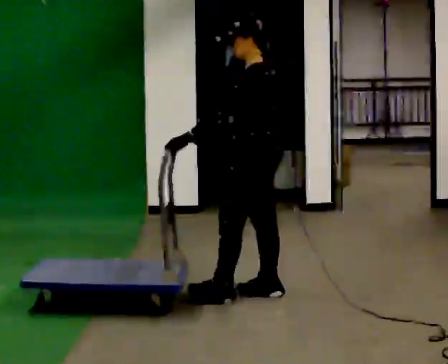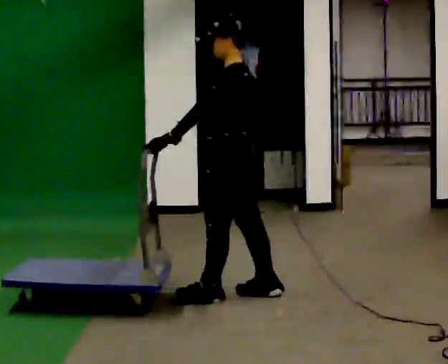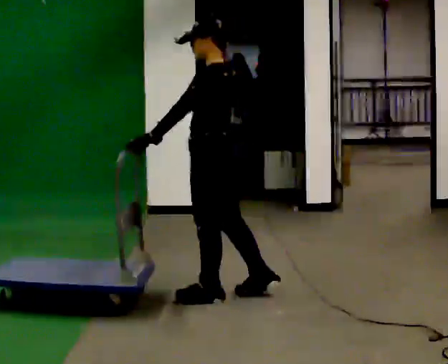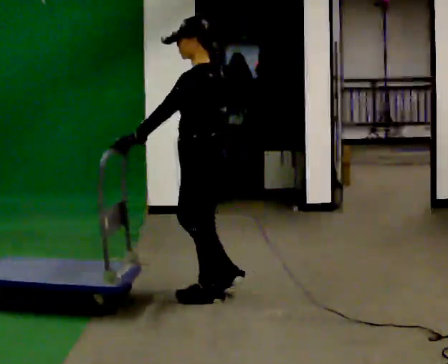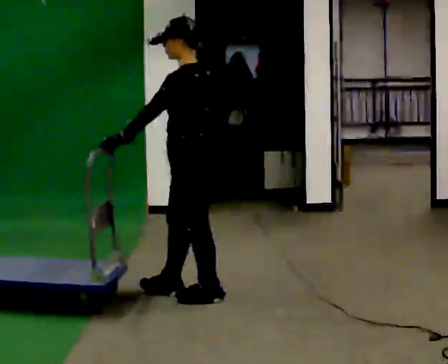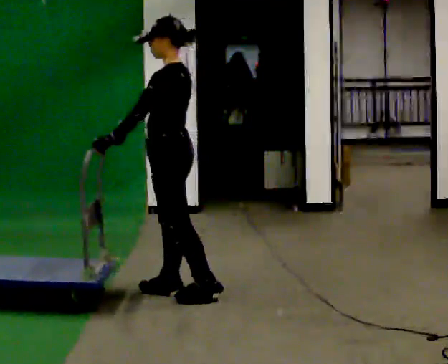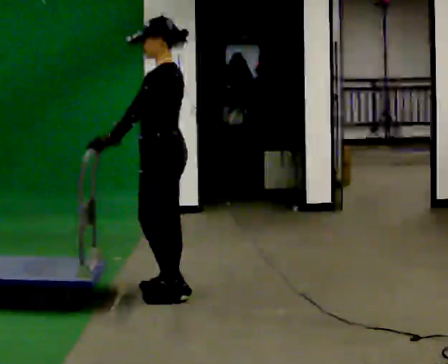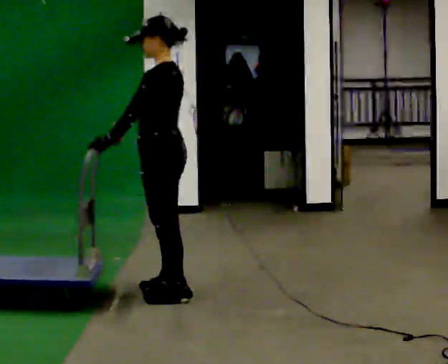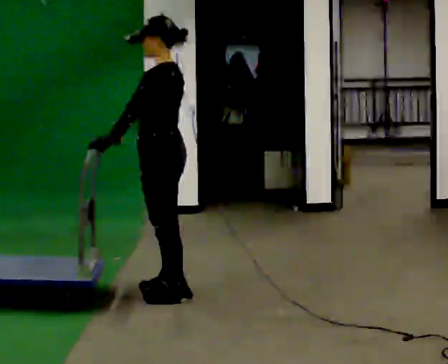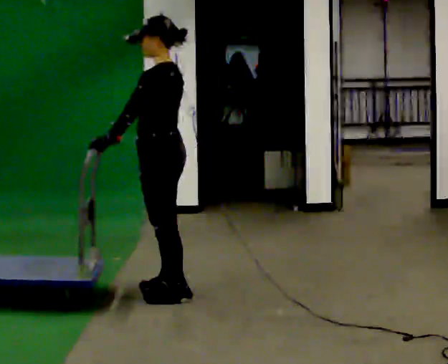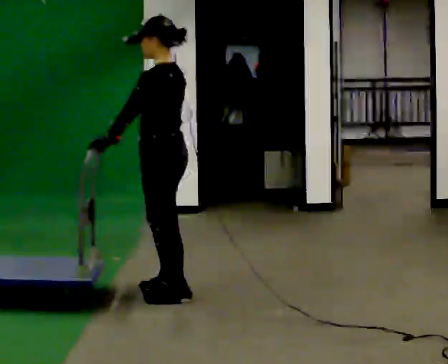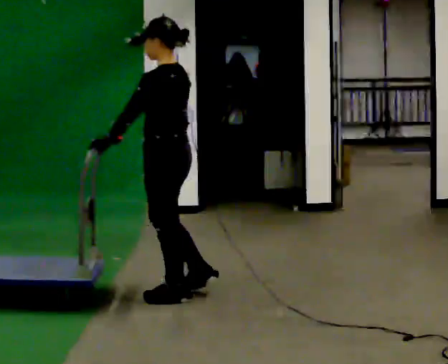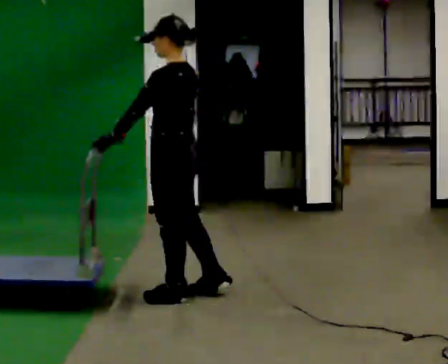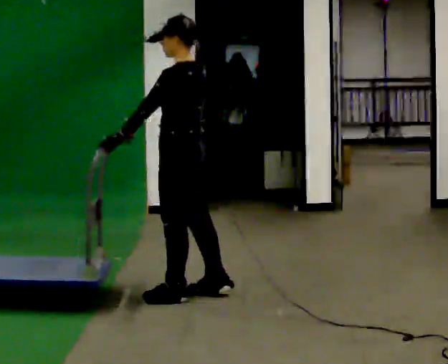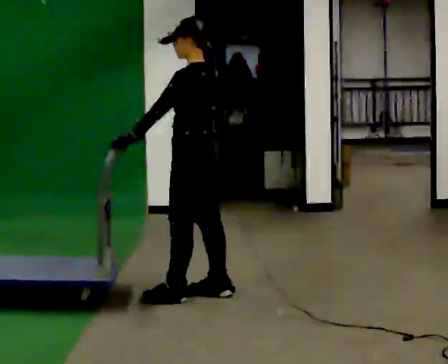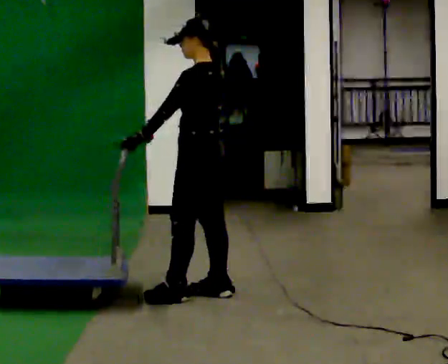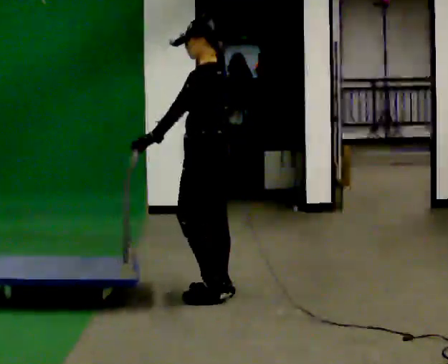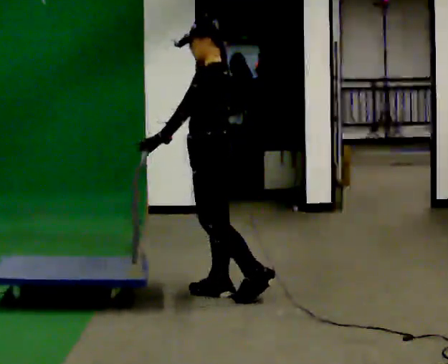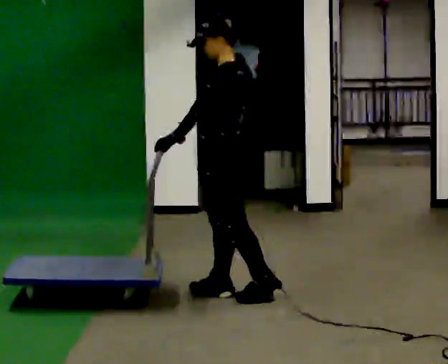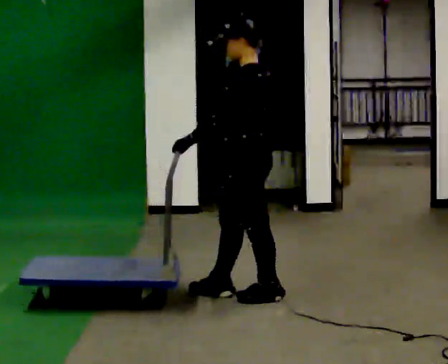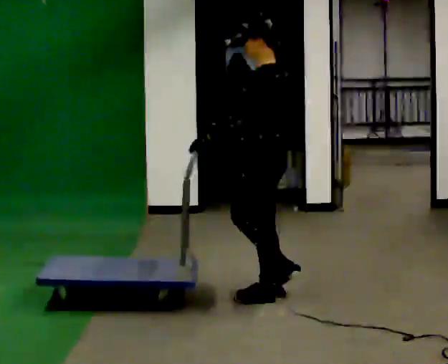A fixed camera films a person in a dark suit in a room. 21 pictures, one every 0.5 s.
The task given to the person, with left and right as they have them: Push the cart across the room using only the hand the operator calls. Keep your other arm at your side.
0.0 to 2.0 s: In the picture they go to the left, about 0.25 m in 2 steps, which for them is forward.
2.0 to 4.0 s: In the picture they go to the left, about 0.25 m in 1 step, which for them is forward.
4.0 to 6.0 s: The person moves a little, or ends about where they began.
6.0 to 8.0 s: In the picture they go to the right, about 0.25 m, which for them is backward.
8.0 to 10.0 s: In the picture they go to the right and toward the camera, about 0.25 m in 1 step, which for them is backward and to their left.
The film runs forward here.
